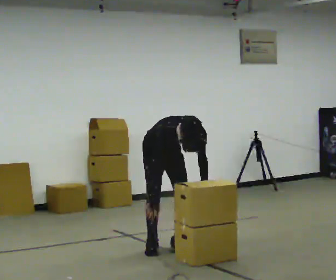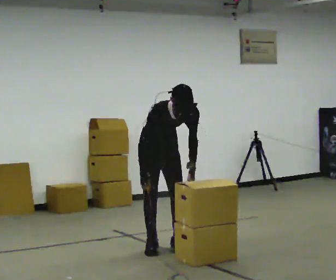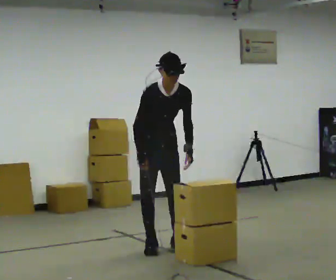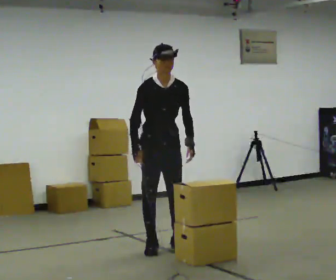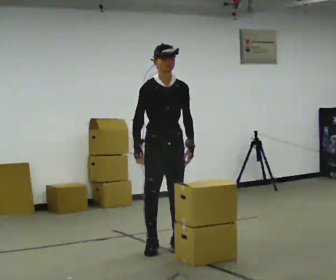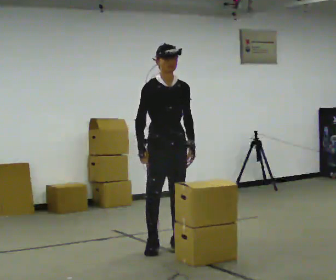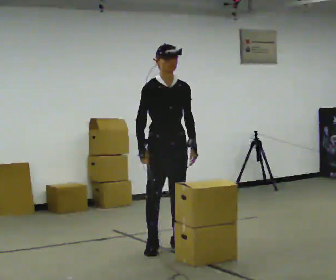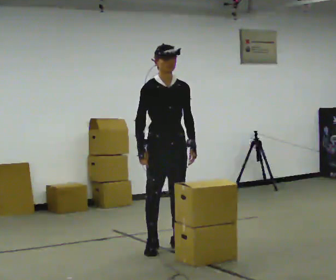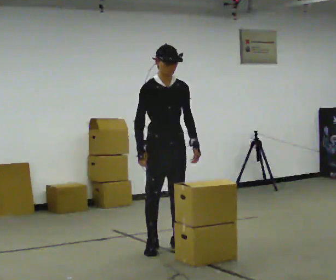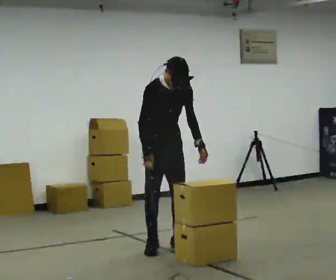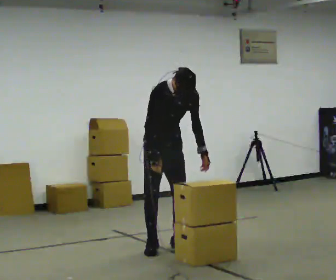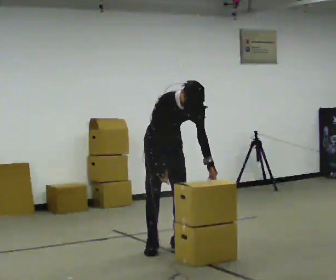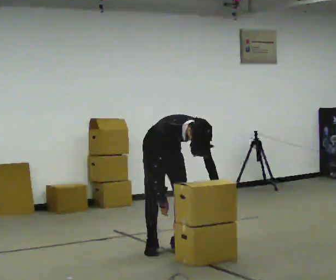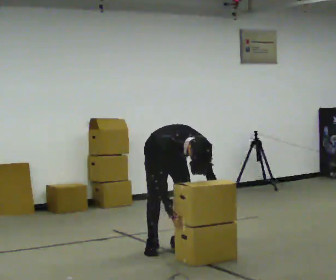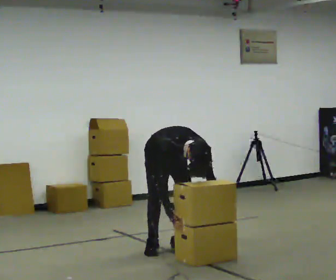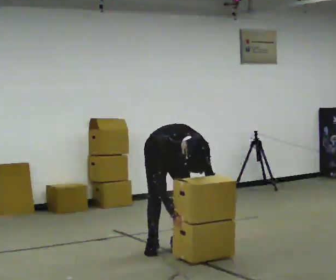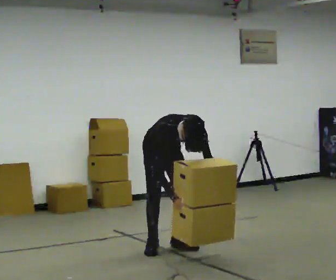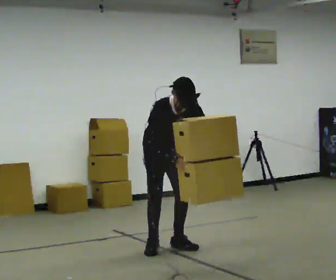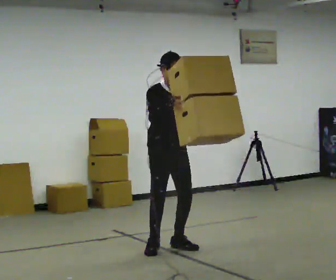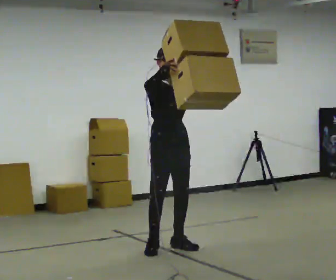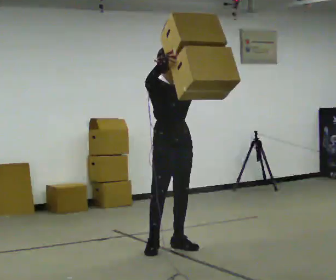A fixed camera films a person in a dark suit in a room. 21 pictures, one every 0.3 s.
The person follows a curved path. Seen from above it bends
counterclockwise.
0.0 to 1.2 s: In the picture they go toward the camera, about 0.25 m, which for them is forward. The upper body goes upward. The upper body tips away from the camera, its near side rolling upward, as they lean back or straighten. In the picture their left hand goes upward.
1.2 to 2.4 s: The person moves a little, or ends about where they began.
2.4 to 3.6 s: In the picture they go away from the camera, about 0.25 m, which for them is backward. The shoulders move downward. The upper body tips toward the camera, its near side rolling downward, as they bend forward. In the picture their left hand goes downward.
3.6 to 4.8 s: The person moves a little, or ends about where they began.
4.8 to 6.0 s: The shoulders move upward. The upper body tips away from the camera, its near side rolling upward, as they lean back or straighten. In the picture their right hand goes upward.
The film runs forward here.
